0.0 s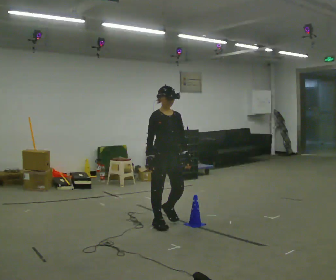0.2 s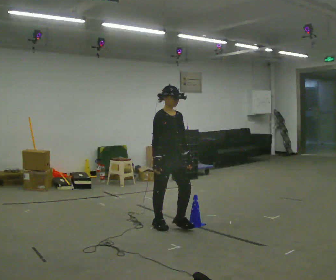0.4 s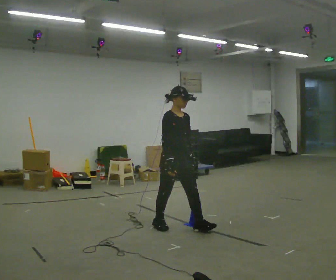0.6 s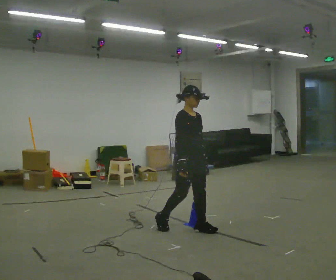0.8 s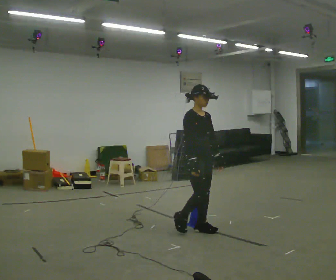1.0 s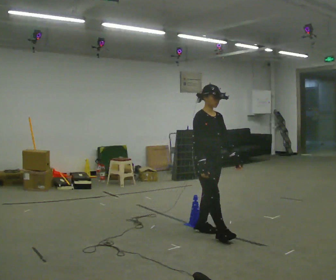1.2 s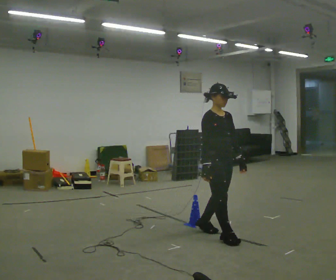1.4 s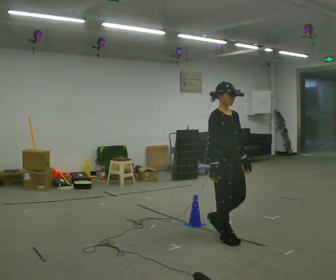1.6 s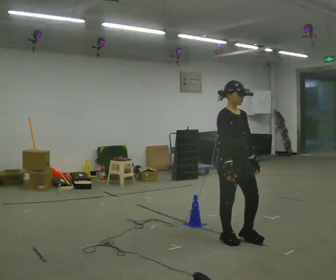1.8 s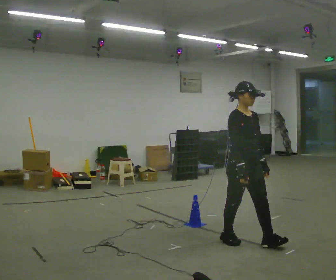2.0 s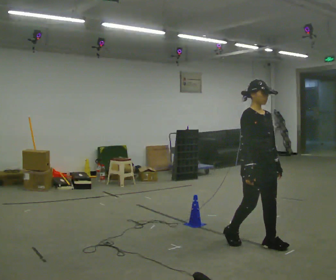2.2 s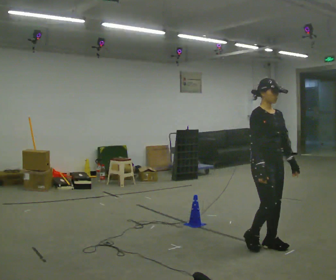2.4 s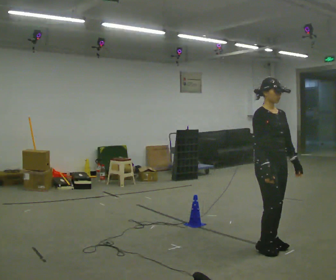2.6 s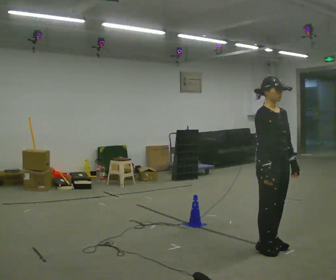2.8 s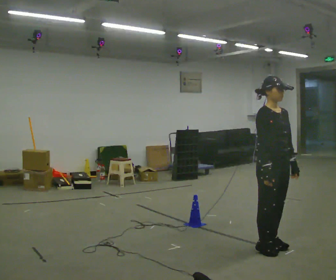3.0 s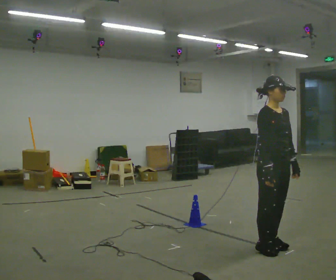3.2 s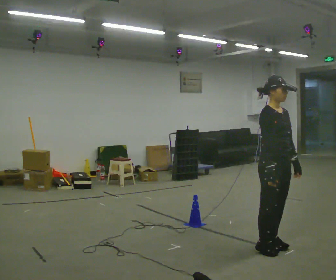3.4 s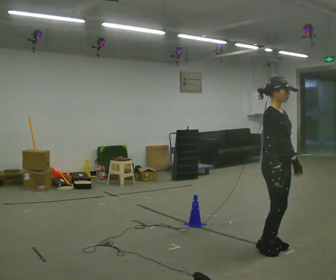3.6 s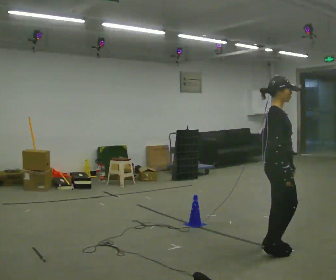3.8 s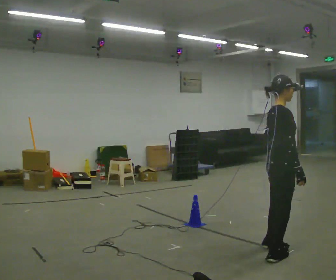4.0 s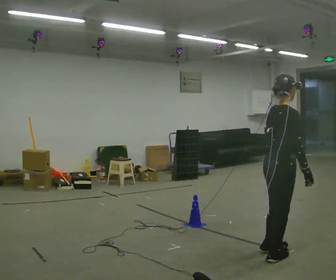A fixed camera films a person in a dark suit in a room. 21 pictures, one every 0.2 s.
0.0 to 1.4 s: In the picture they go to the right and toward the camera, about 1 m in 2 steps, which for them is forward.
1.4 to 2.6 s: In the picture they go to the right and toward the camera, about 0.5 m in 2 steps, which for them is forward.
2.6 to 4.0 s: The person turns about 75 degrees to their left, counterclockwise seen from above, so the part of the body nearest the lens slides to the right. In the picture they go toward the camera, about 0.25 m in 1 step.
The film runs forward here.
